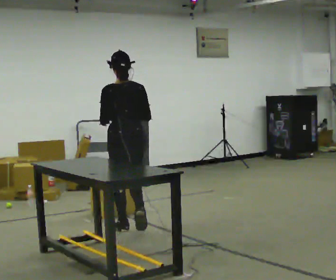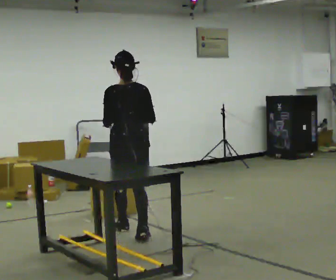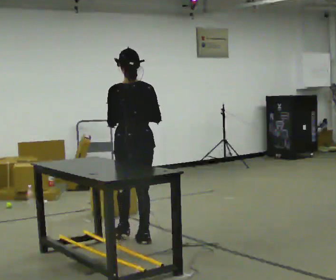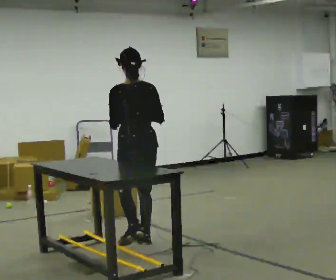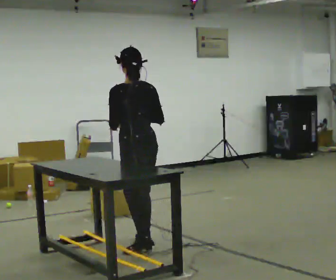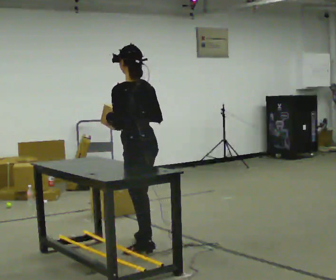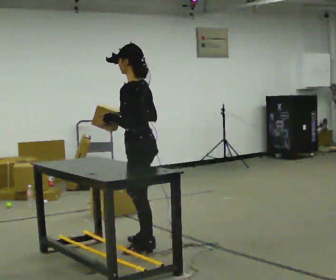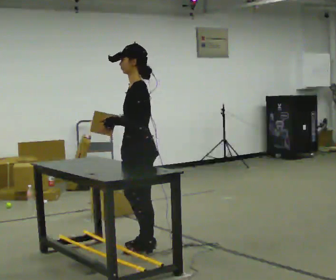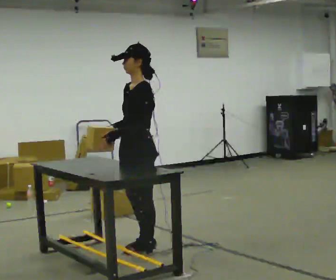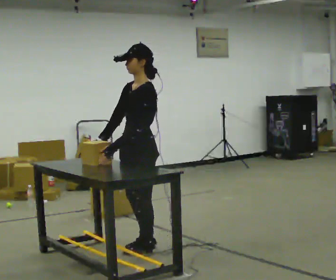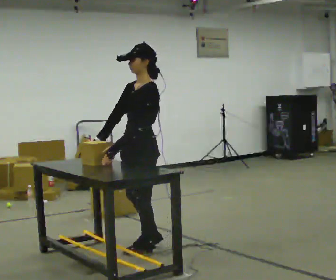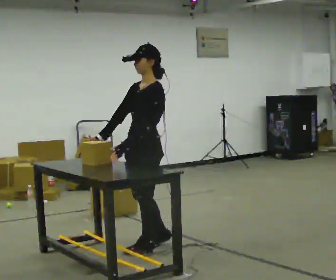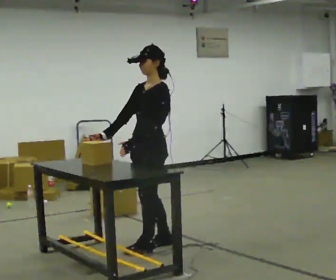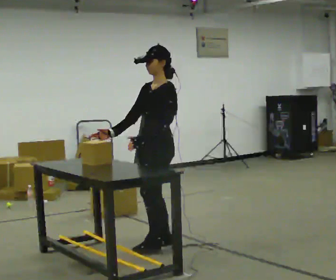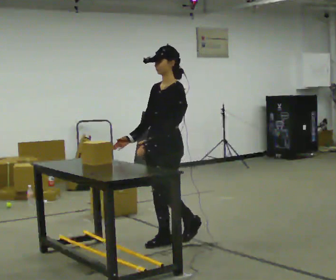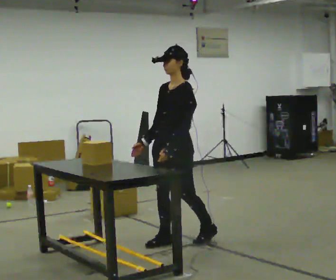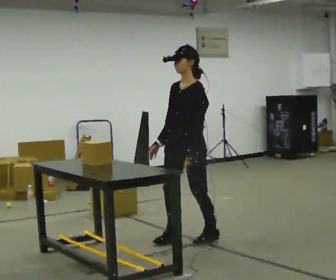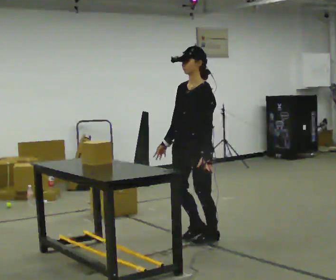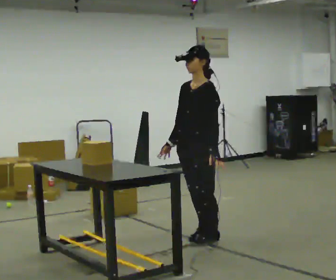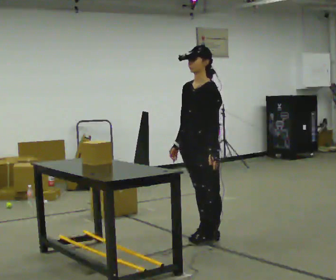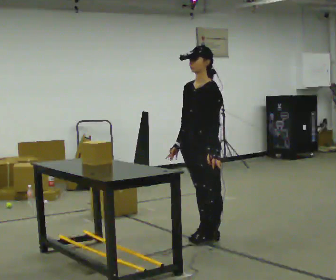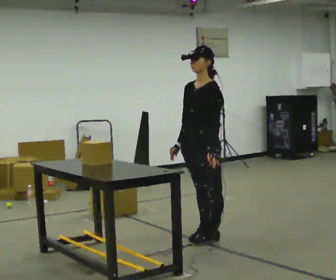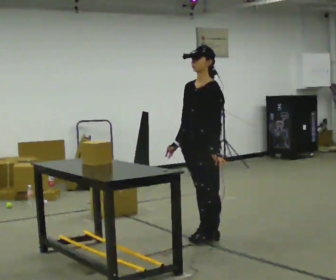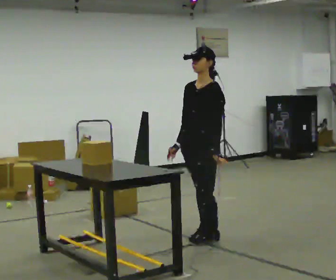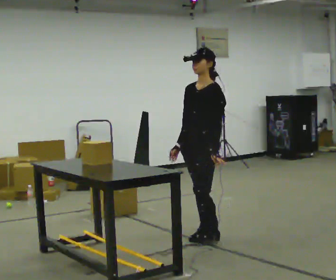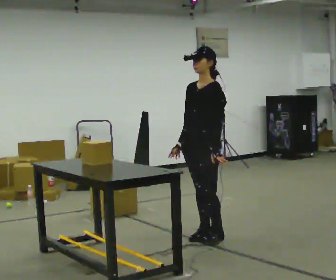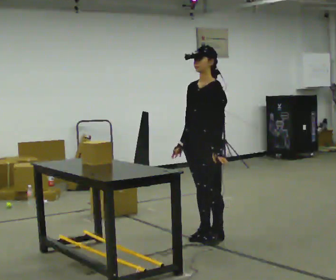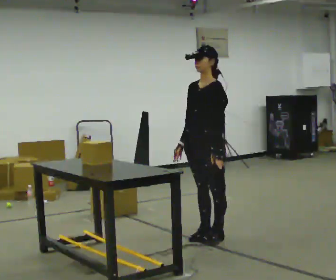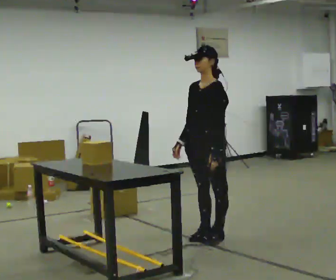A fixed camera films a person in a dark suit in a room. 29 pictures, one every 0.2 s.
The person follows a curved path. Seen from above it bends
counterclockwise.
The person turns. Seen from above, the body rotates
counterclockwise.
0.0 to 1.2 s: The part of the body nearest the lens slides to the right as the person turns to their left by about 60 degrees. In the picture they go toward the camera, about 0.75 m in 1 step.
1.2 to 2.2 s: The part of the body nearest the lens slides to the right as the person turns to their left by about 45 degrees.
2.2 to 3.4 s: In the picture they go to the right and away from the camera, about 0.5 m in 2 steps, which for them is backward.
3.4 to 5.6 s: The person moves a little, or ends about where they began.
The film runs backward here.
